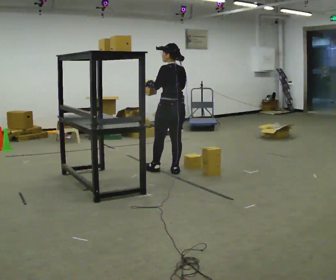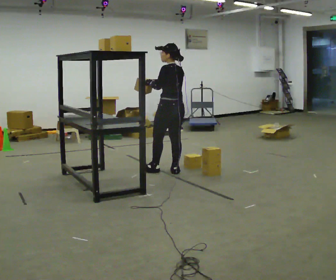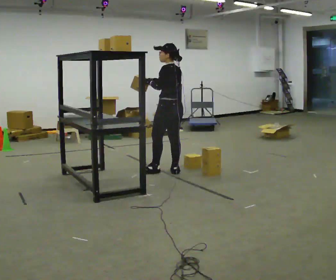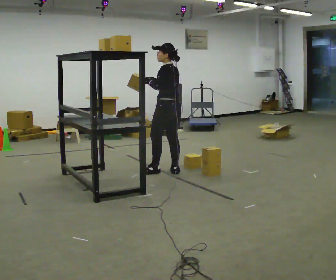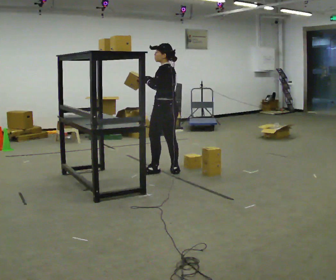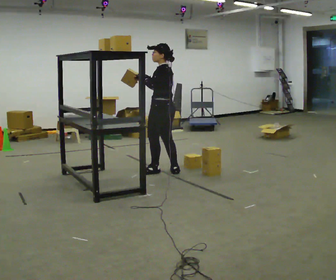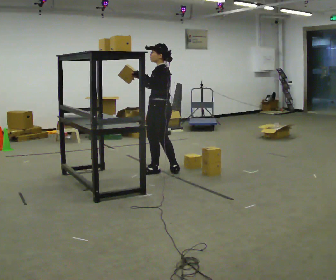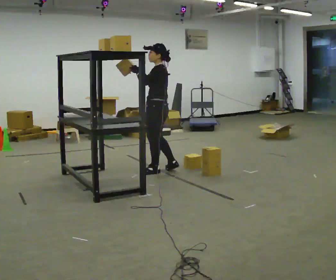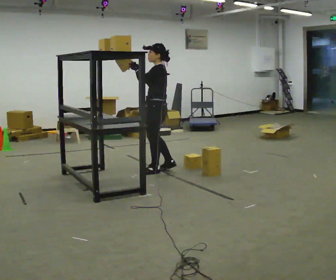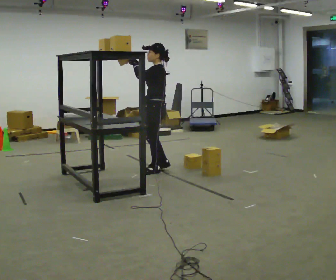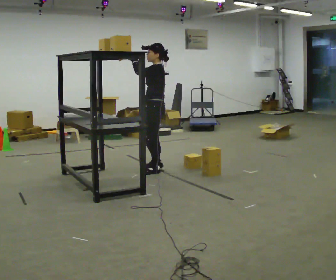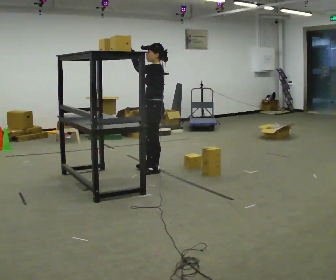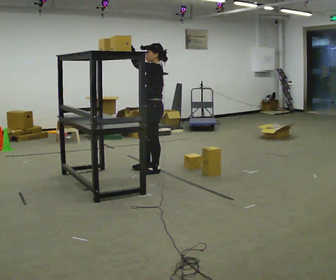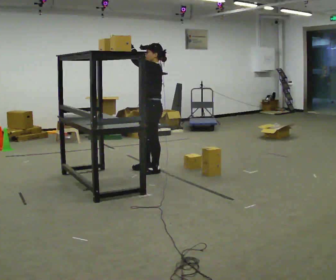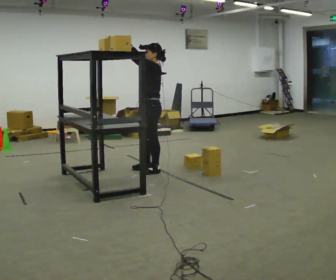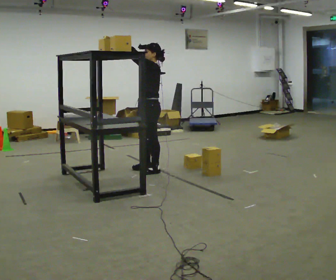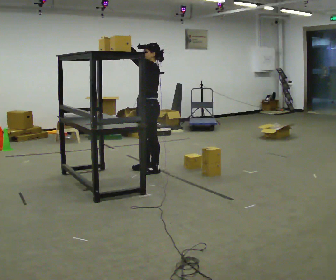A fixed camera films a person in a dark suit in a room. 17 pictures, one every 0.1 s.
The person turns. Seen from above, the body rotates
counterclockwise.
The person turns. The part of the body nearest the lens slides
to the right.
0.0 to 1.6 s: The person turns about 75 degrees to their left, counterclockwise seen from above, so the part of the body nearest the lens slides to the right. In the picture they go to the left, about 0.25 m in 1 step. In the picture their right hand goes upward.
The film runs forward here.
